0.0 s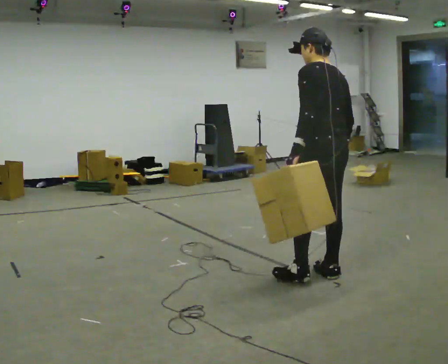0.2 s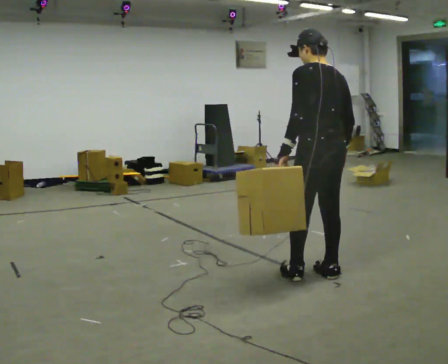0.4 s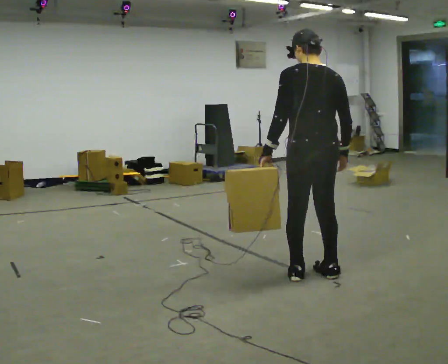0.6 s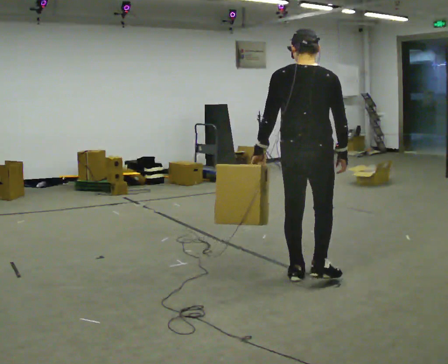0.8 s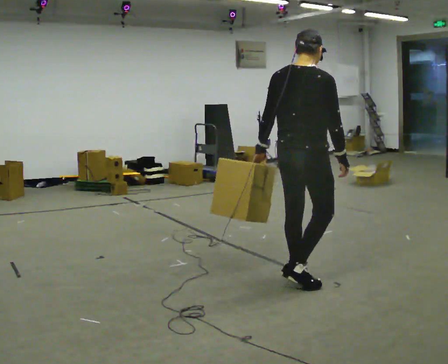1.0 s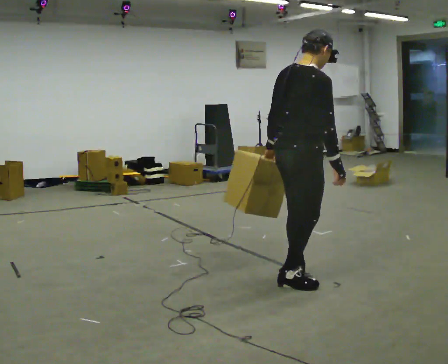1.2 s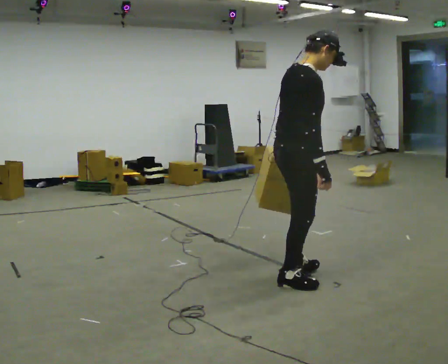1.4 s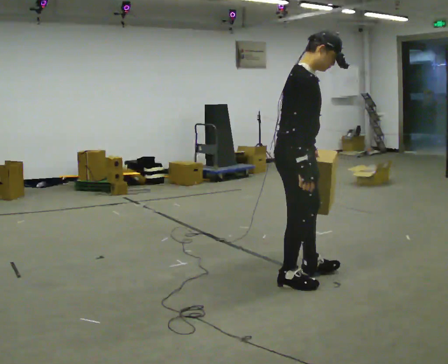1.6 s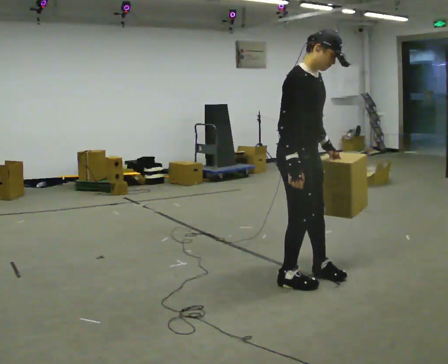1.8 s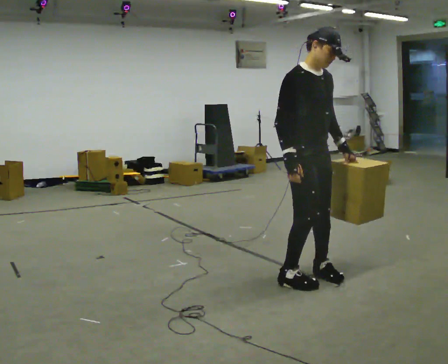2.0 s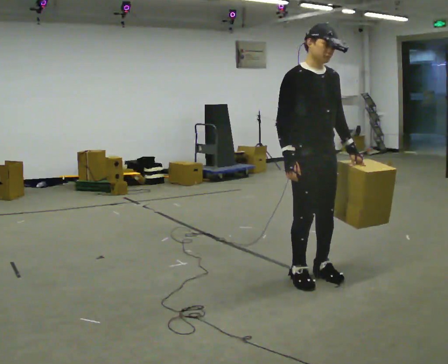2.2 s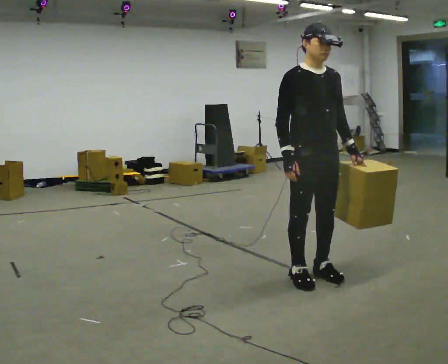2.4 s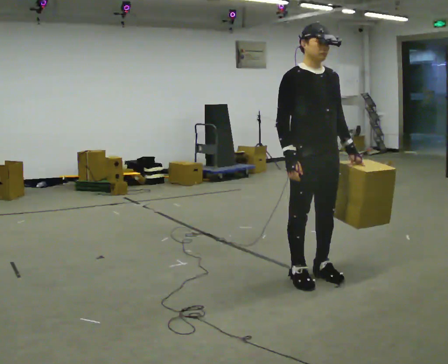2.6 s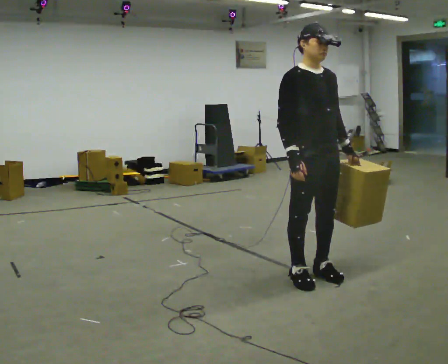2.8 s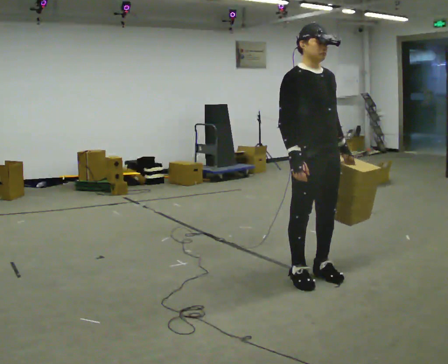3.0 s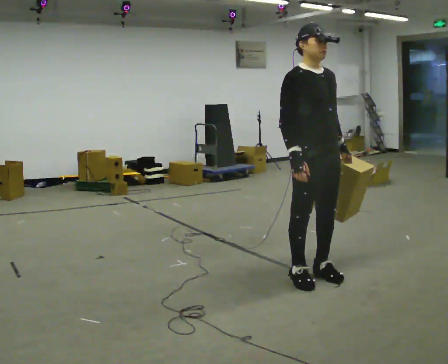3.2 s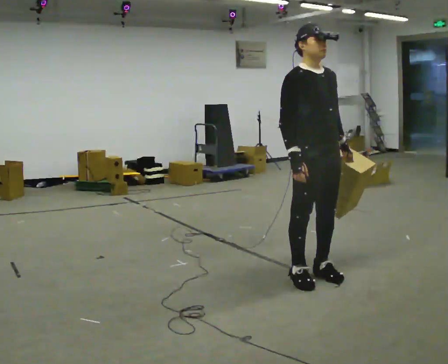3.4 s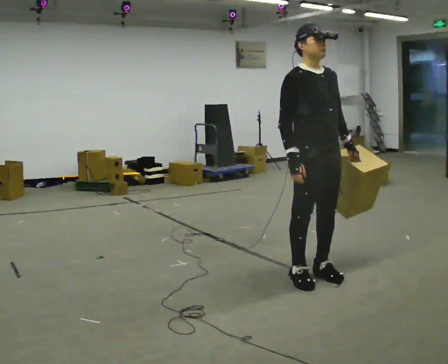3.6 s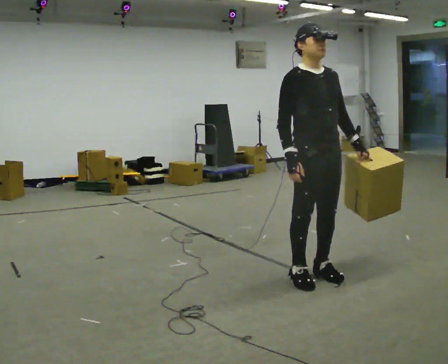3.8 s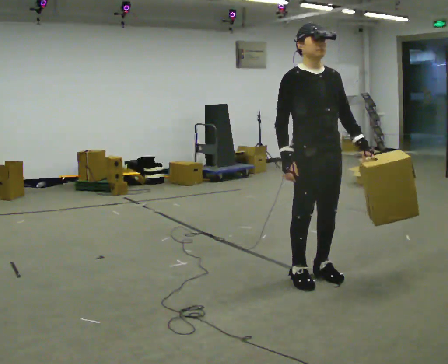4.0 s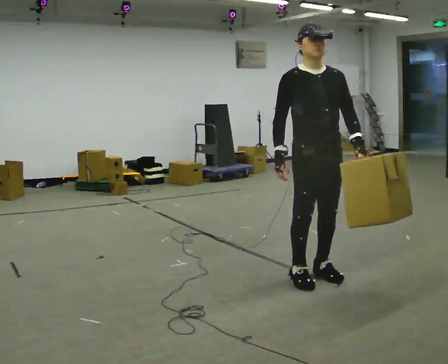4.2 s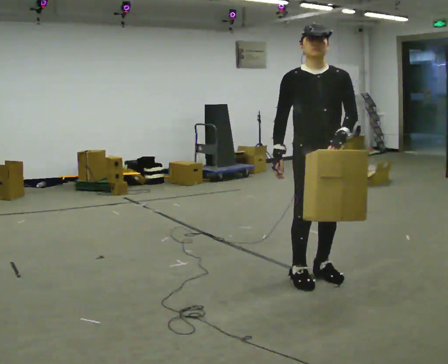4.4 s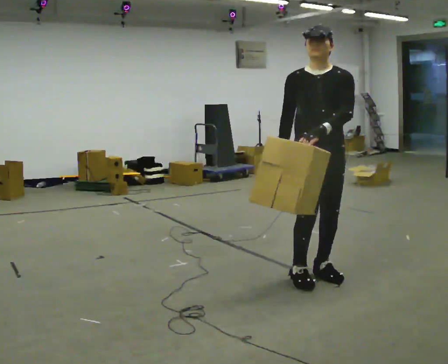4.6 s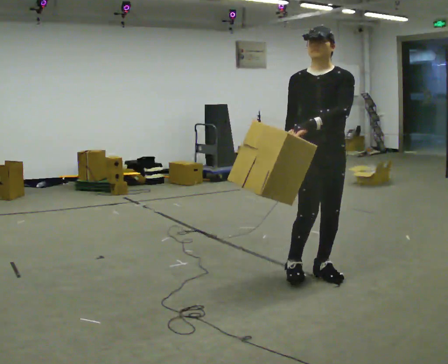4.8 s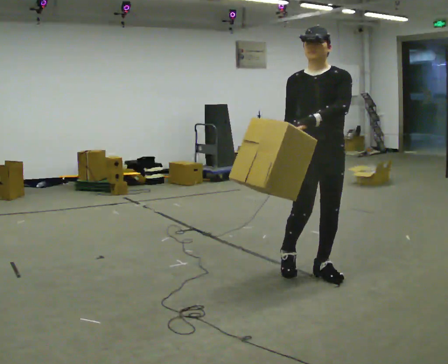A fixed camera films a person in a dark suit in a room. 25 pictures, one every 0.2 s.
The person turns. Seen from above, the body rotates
clockwise.
The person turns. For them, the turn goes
to their right.
0.0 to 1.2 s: Seen from above the body turns clockwise, about 120 degrees: to their right, with its near side sliding to the left. In the picture they go to the left and toward the camera, about 0.25 m in 2 steps. In the picture the upper body tilts clockwise, shoulders to the right.
1.2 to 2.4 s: The part of the body nearest the lens slides to the left as the person turns to their right by about 75 degrees. In the picture they go away from the camera, about 0.25 m. In the picture their left hand goes to the right, the arm swinging counterclockwise.
2.4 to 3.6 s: The person moves a little, or ends about where they began.
3.6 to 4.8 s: Seen from above the body turns clockwise, about 30 degrees: to their right, with its near side sliding to the left.
The film runs backward here.
